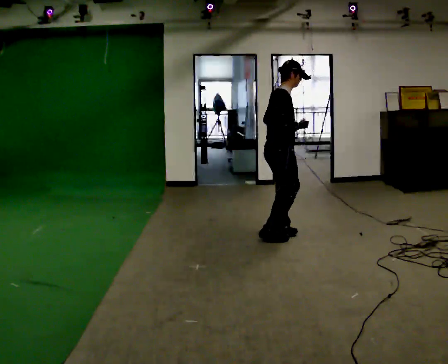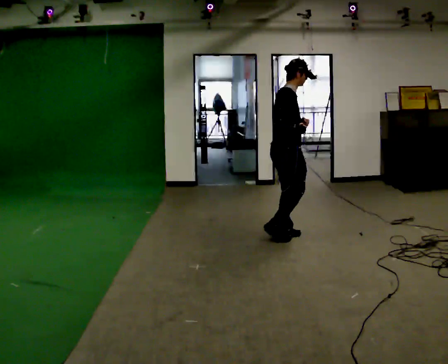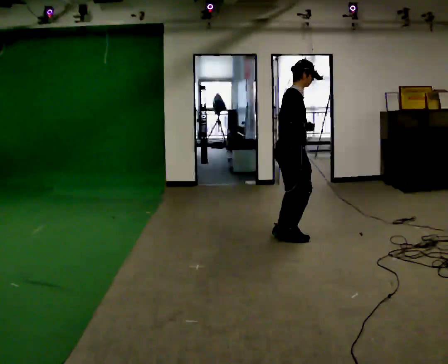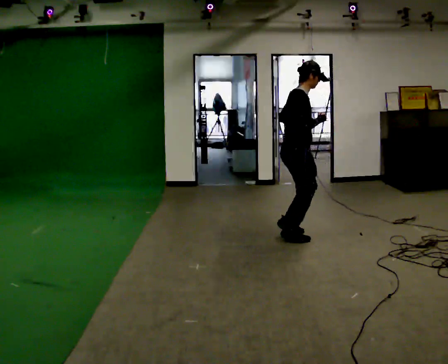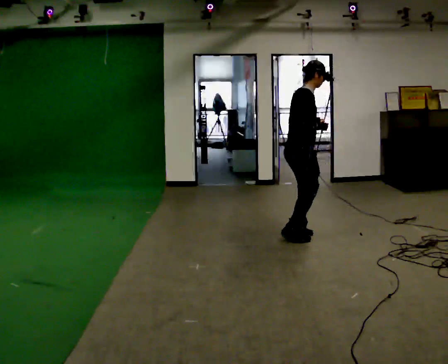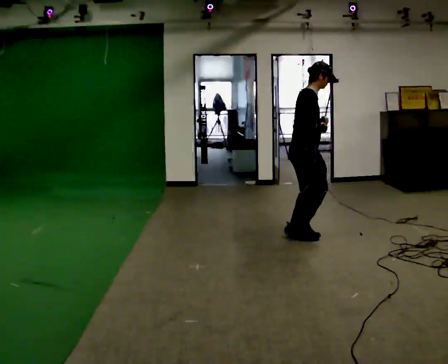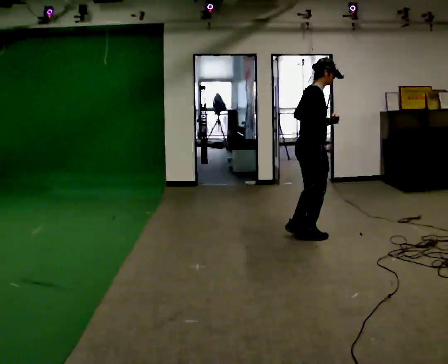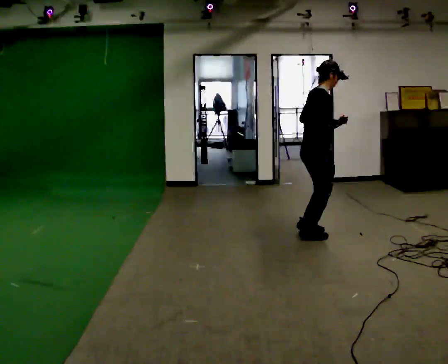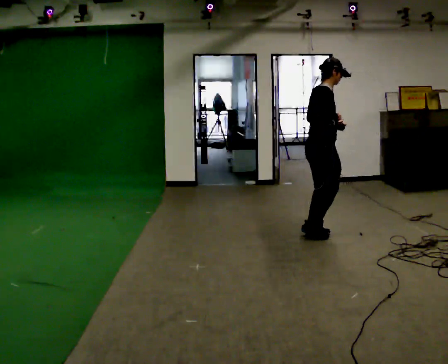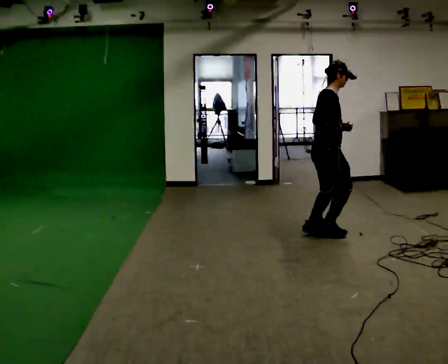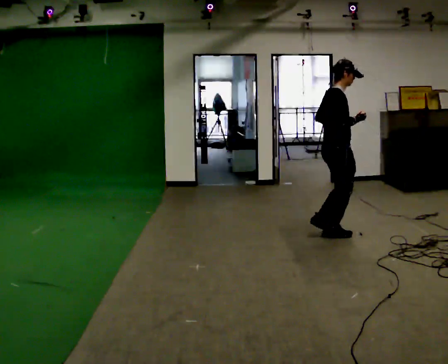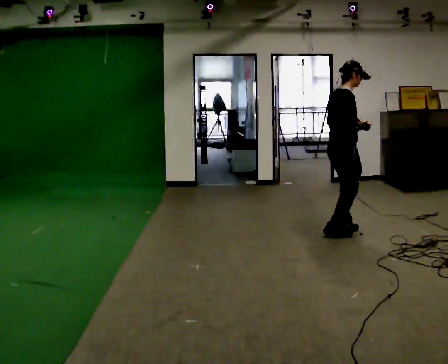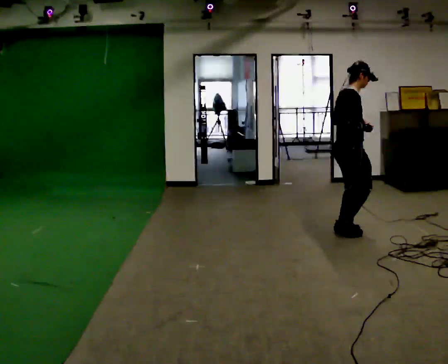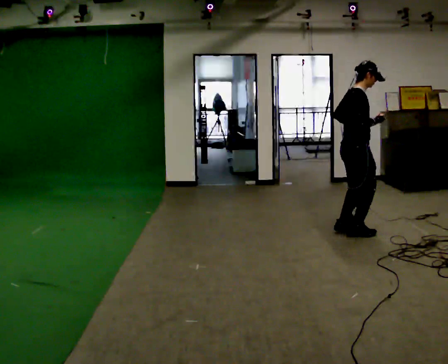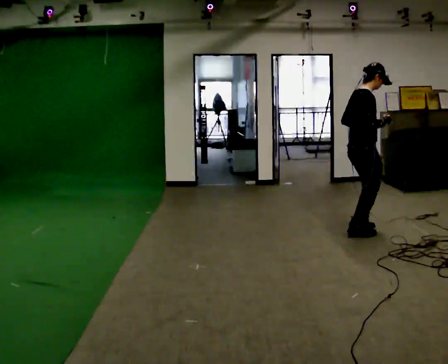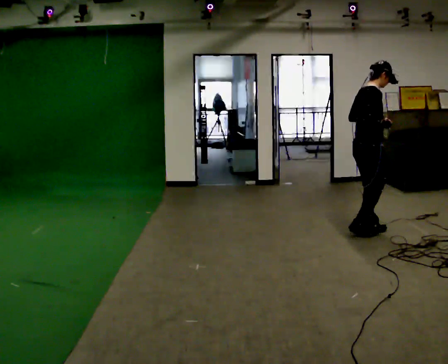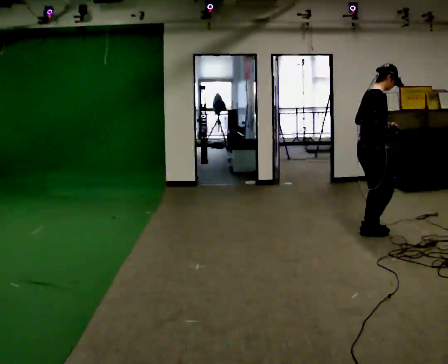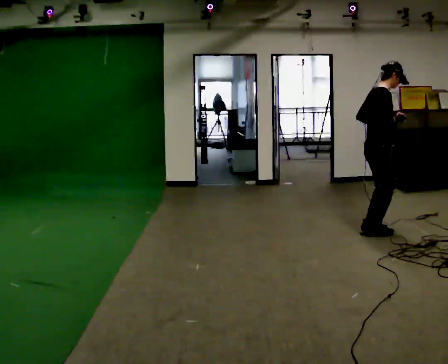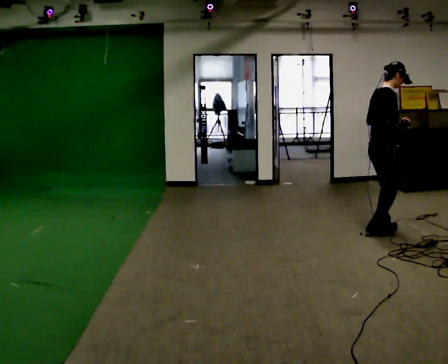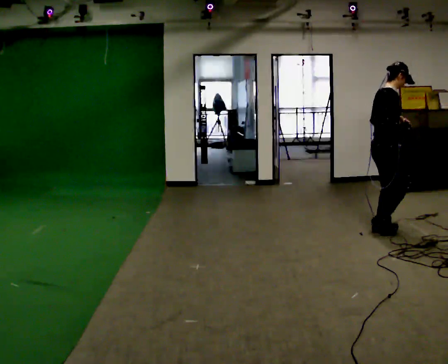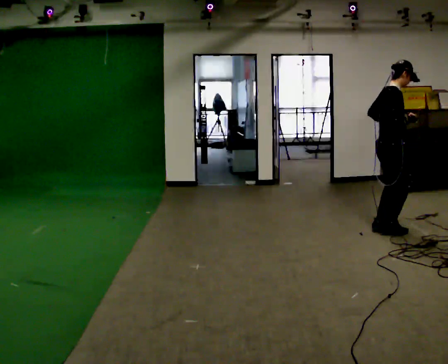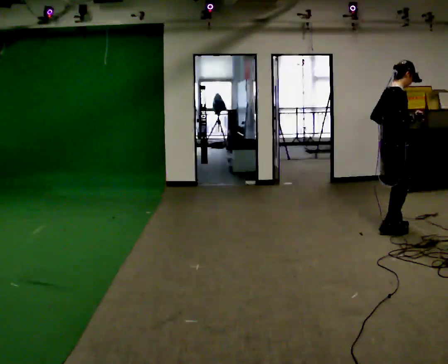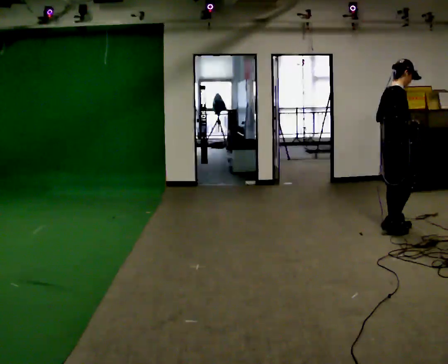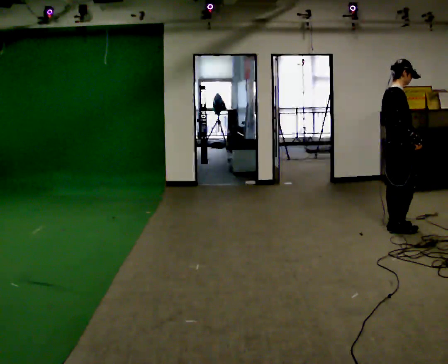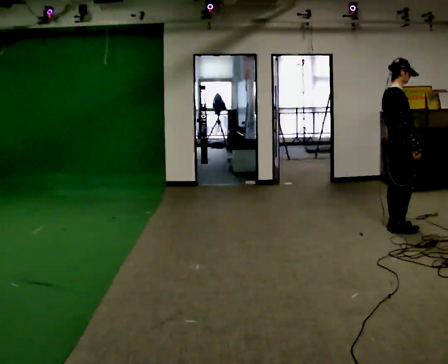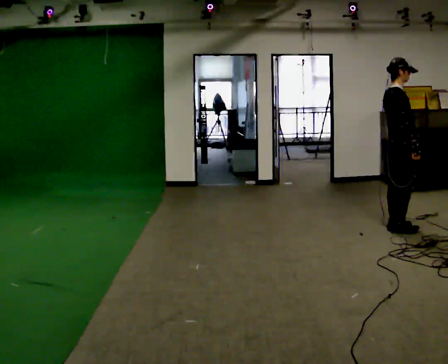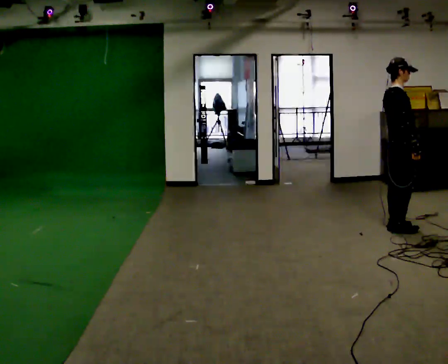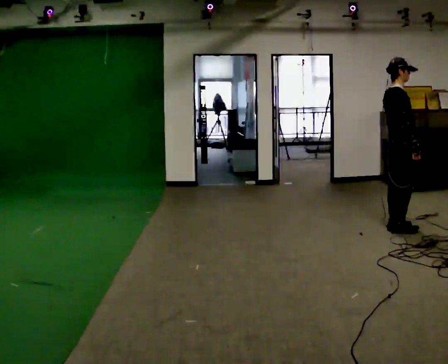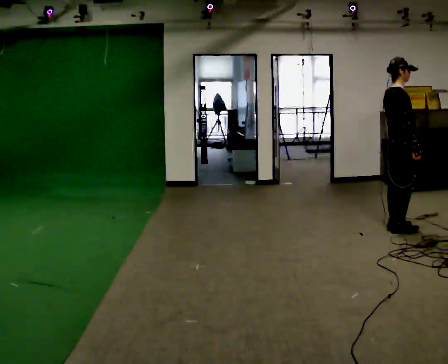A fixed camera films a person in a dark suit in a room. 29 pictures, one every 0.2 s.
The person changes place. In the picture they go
to the right.
0.0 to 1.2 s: In the picture they go to the right, about 0.25 m in 2 steps, which for them is forward.
1.2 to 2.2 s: In the picture they go to the right, about 0.25 m in 3 steps, which for them is forward.
2.2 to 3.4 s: In the picture they go to the right, about 0.25 m in 3 steps, which for them is forward.
3.4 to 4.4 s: In the picture they go to the right, about 0.25 m, which for them is forward.
4.4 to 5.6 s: The person moves a little, or ends about where they began.
The film runs backward here.
